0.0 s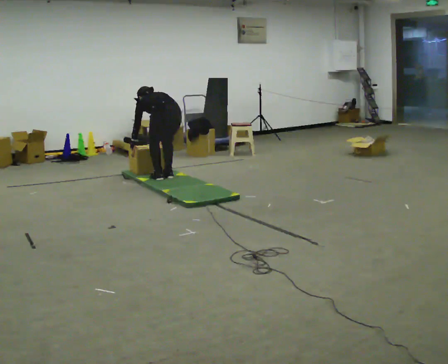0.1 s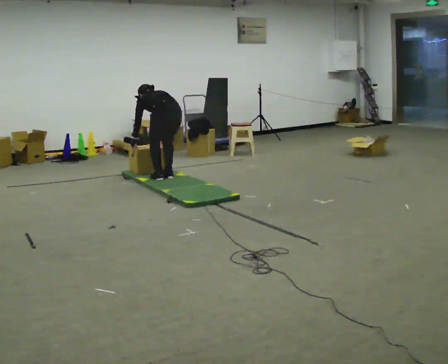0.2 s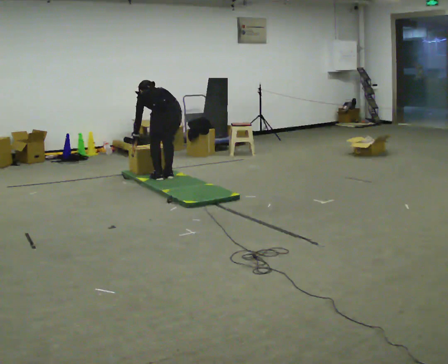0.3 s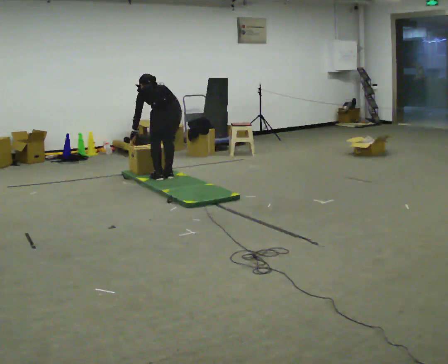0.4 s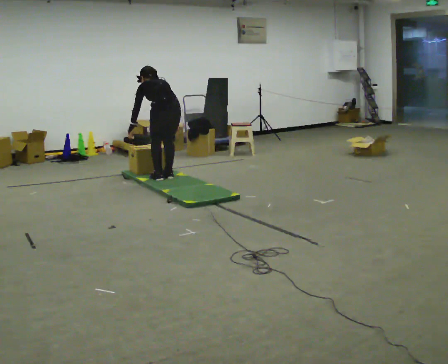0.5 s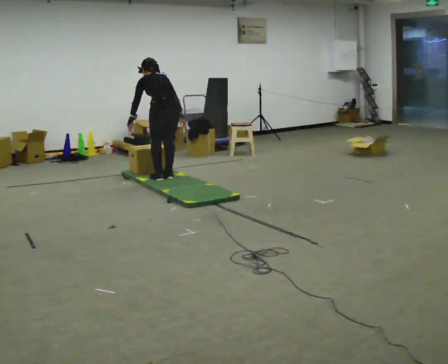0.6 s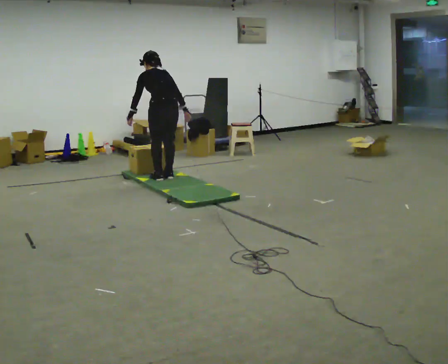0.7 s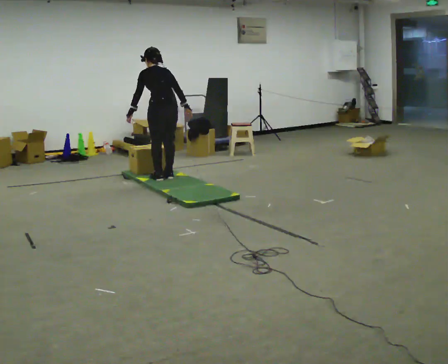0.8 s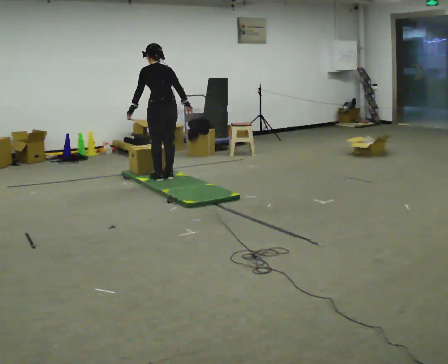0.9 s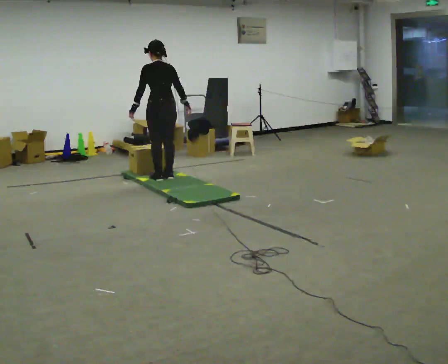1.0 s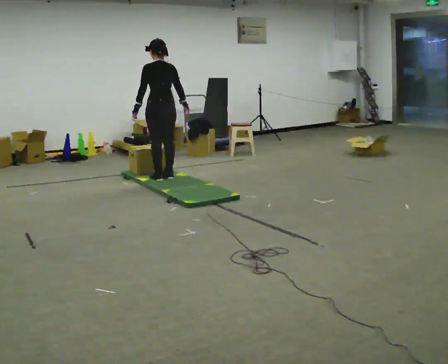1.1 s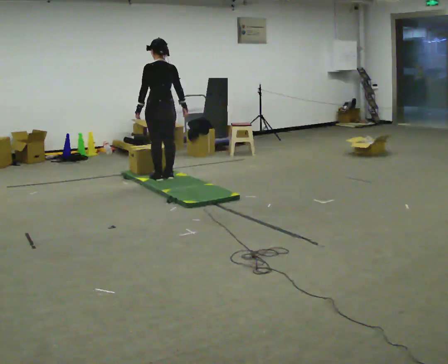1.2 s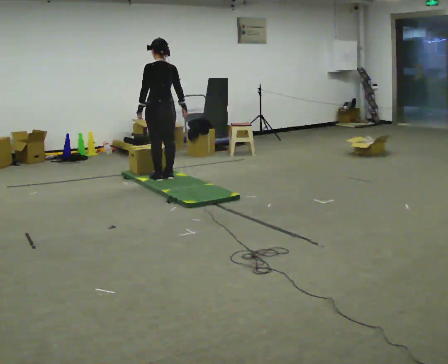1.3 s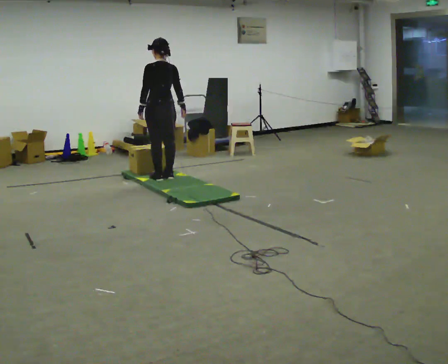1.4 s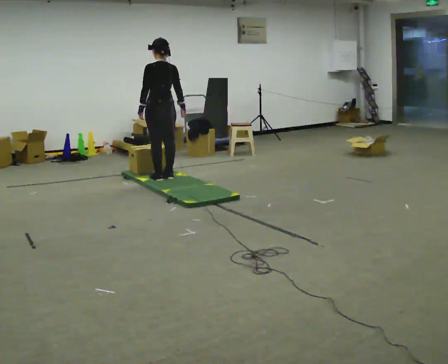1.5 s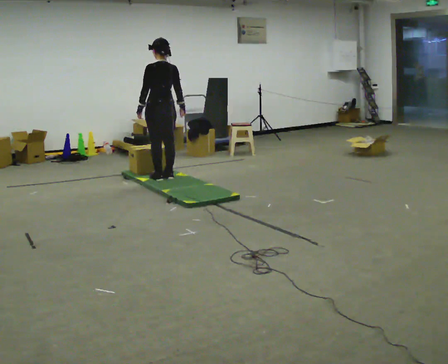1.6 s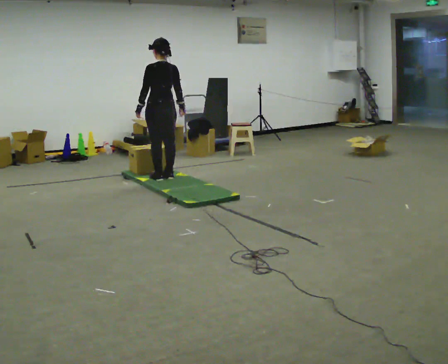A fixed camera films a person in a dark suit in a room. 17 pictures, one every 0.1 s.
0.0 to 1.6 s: The upper body goes upward. The upper body tips toward the camera, its near side rolling downward, as they lean back or straighten. In the picture their right hand goes upward.
The film runs forward here.
